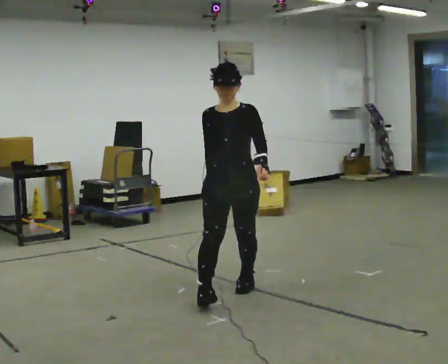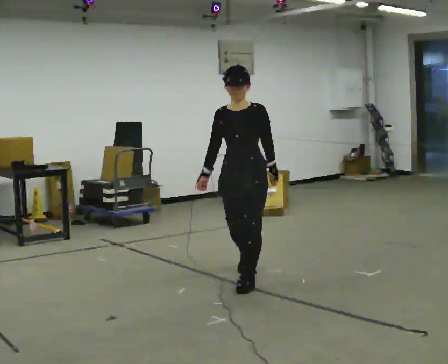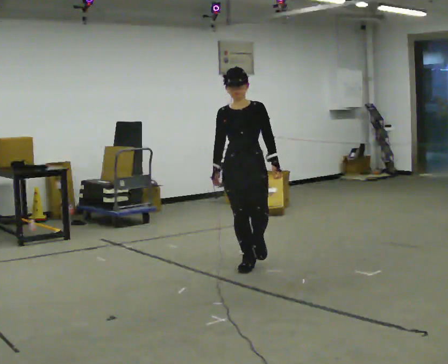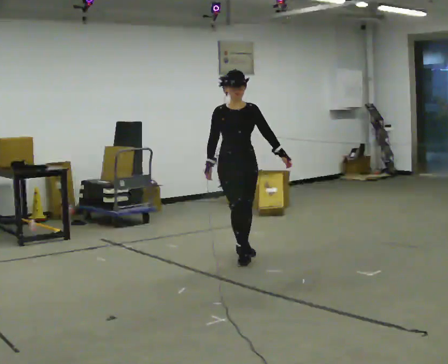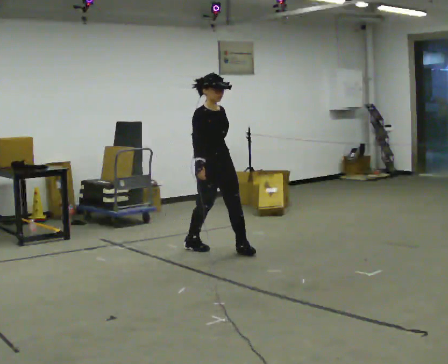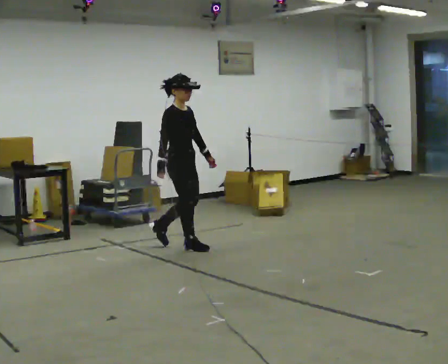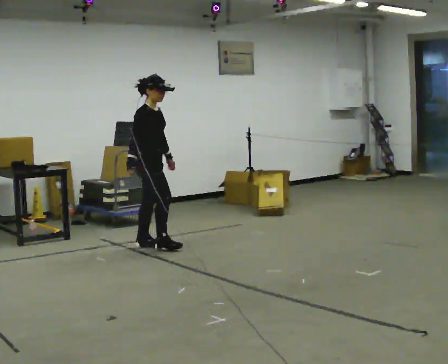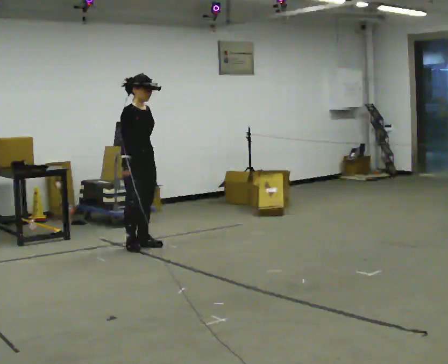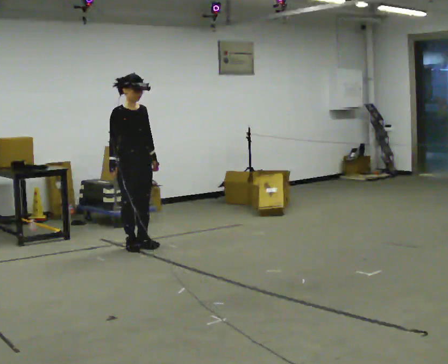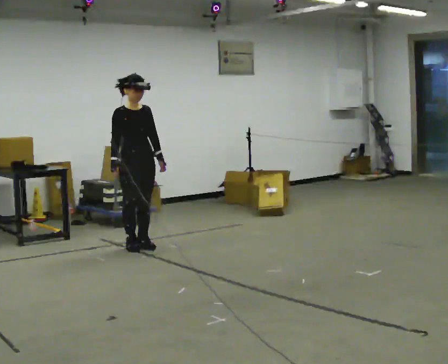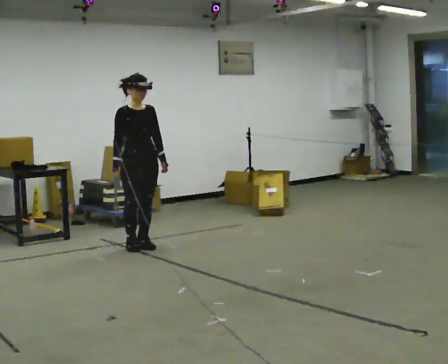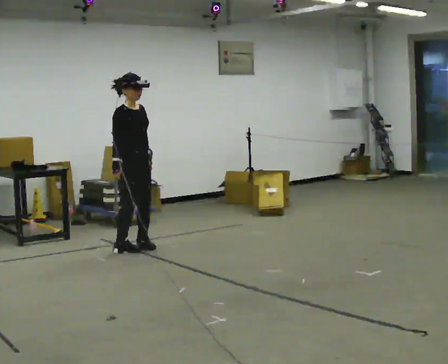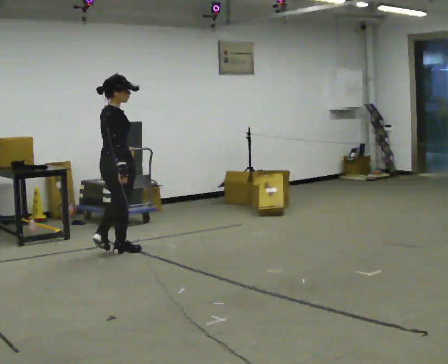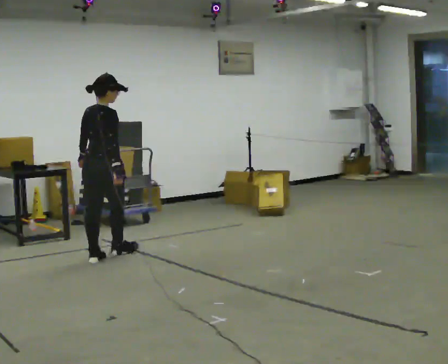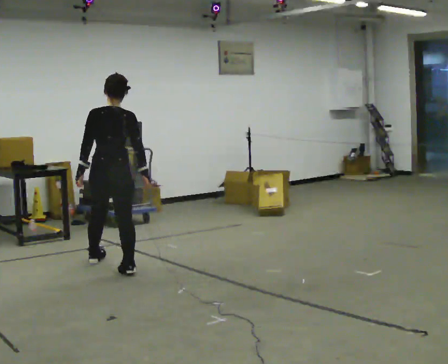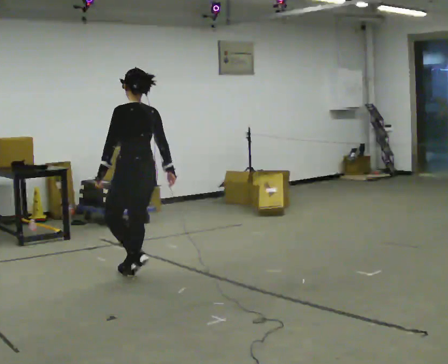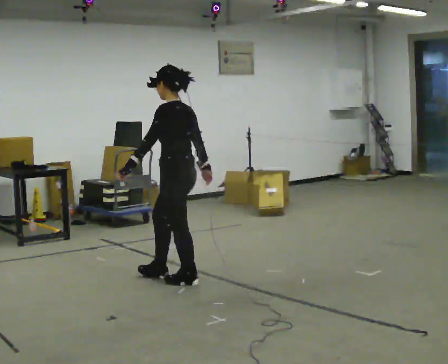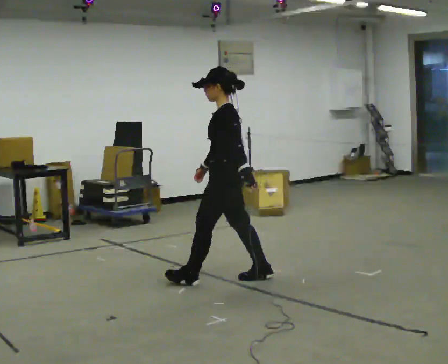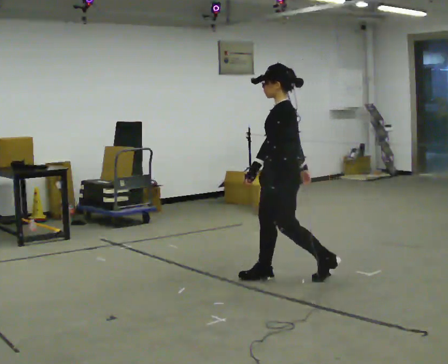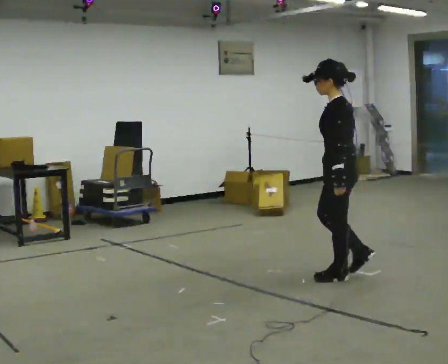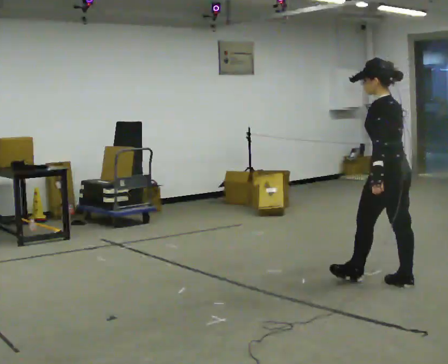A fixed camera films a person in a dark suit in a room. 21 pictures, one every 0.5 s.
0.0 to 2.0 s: Seen from above the body turns counterclockwise, about 60 degrees: to their left, with its near side sliding to the right. In the picture they go away from the camera, about 1.5 m in 2 steps.
2.0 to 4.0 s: In the picture they go to the left and away from the camera, about 1 m in 2 steps, which for them is backward.
4.0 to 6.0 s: The part of the body nearest the lens slides to the right as the person turns to their left by about 75 degrees. In the picture they go toward the camera and to the left, about 0.25 m in 2 steps.
6.0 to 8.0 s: The person turns about 135 degrees to their left, counterclockwise seen from above, so the part of the body nearest the lens slides to the right. In the picture they go toward the camera and to the right, about 1 m in 3 steps.
8.0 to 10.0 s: In the picture they go to the right, about 1.5 m in 3 steps, which for them is backward.
The film runs backward here.
